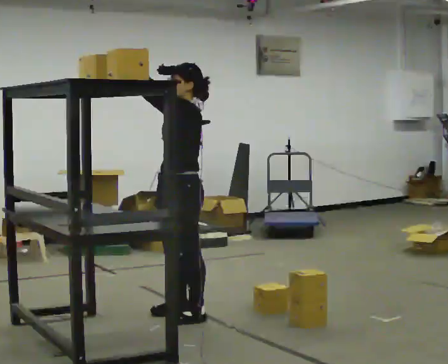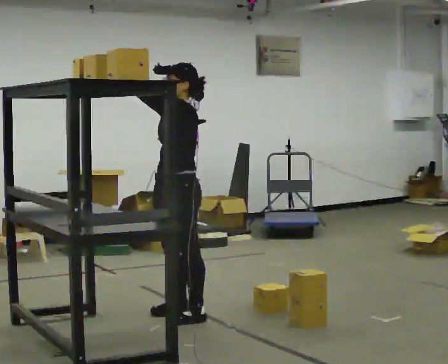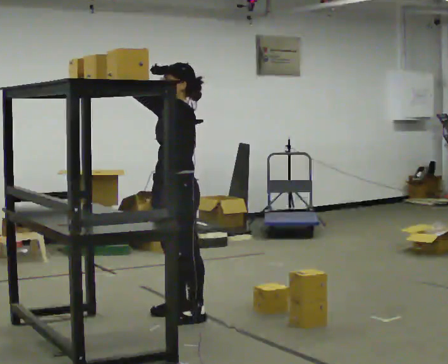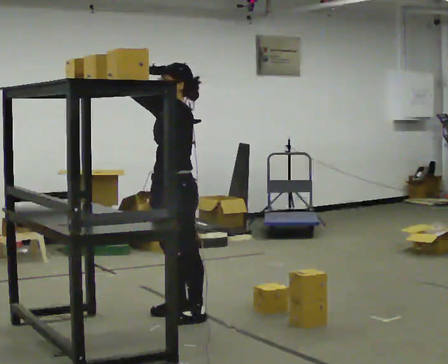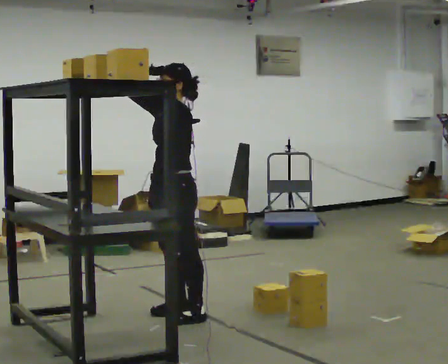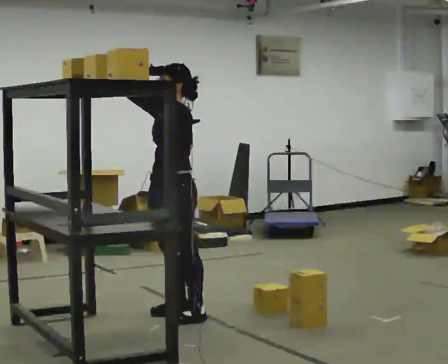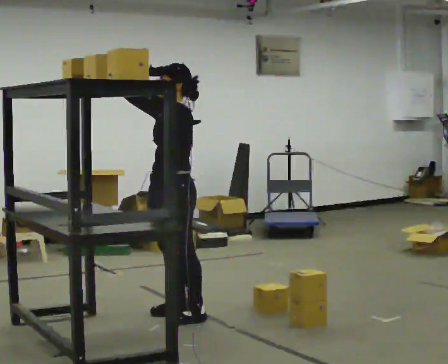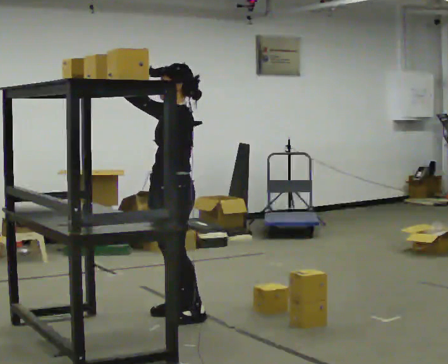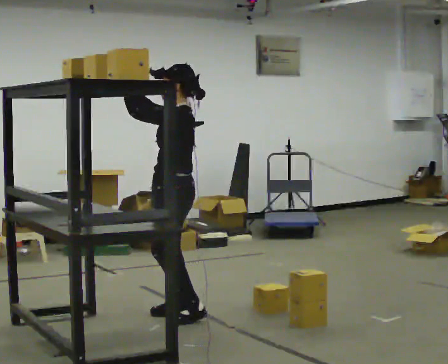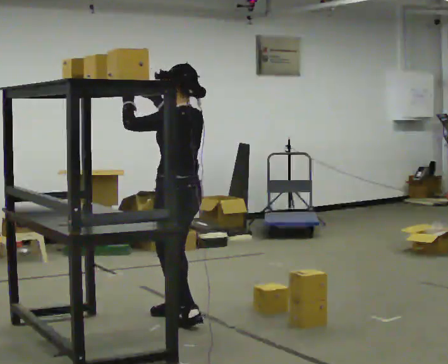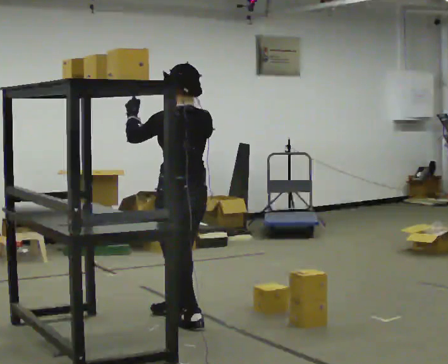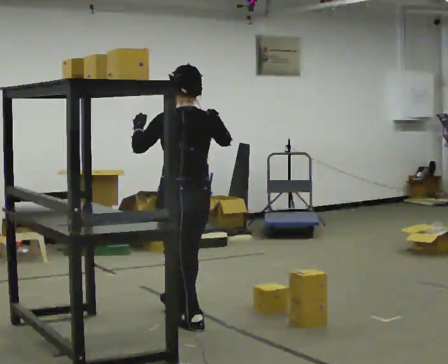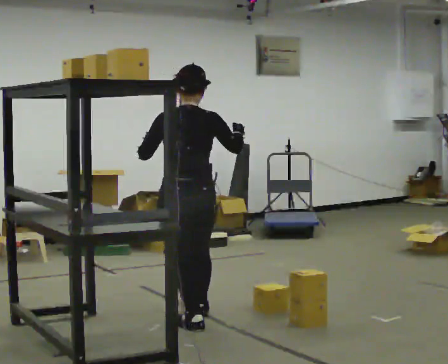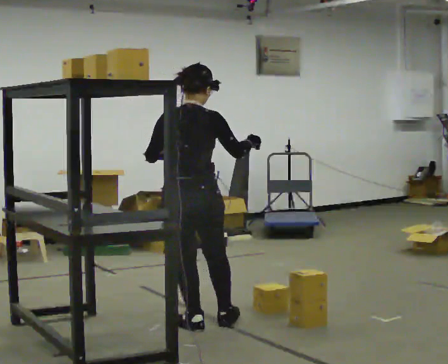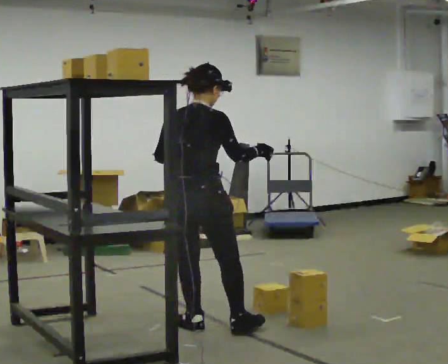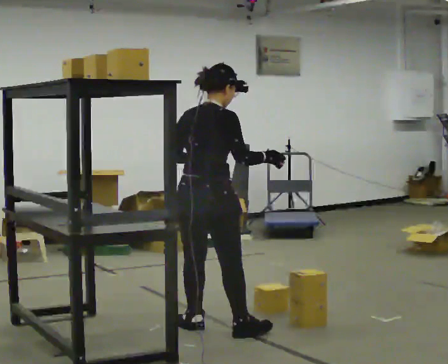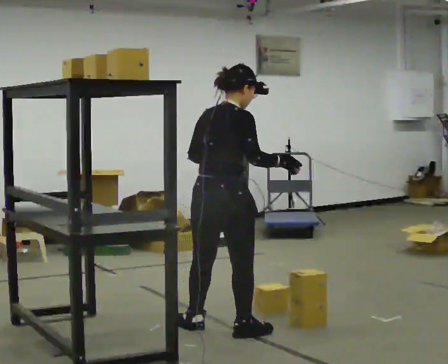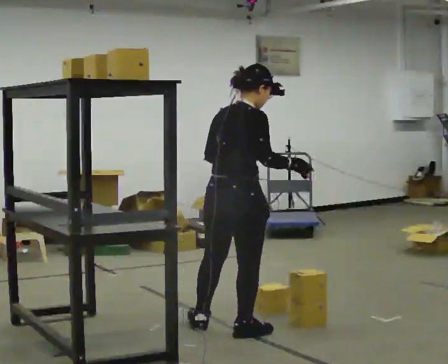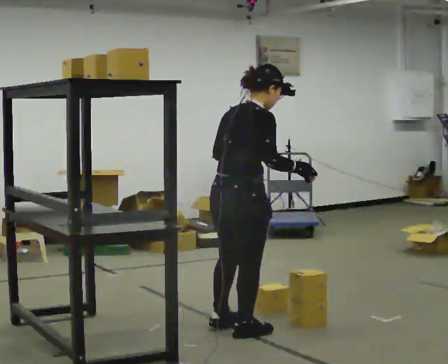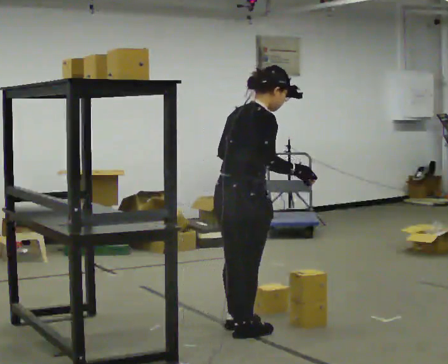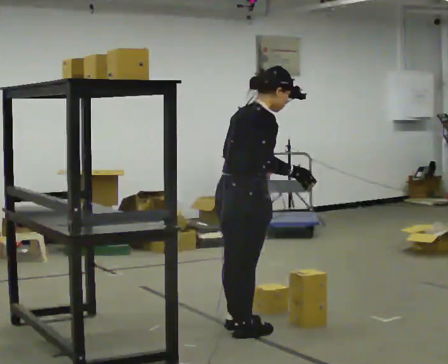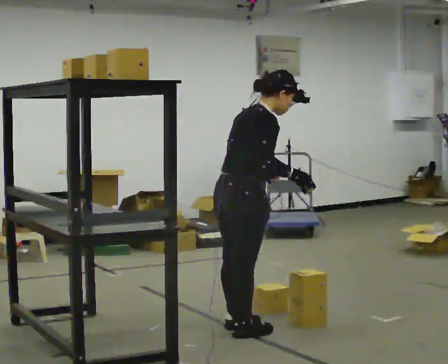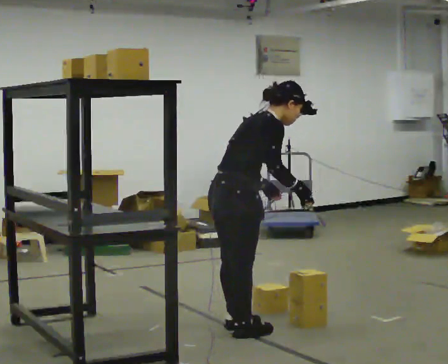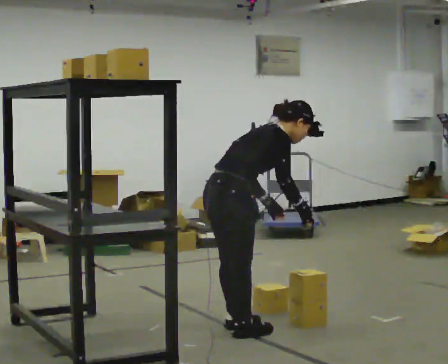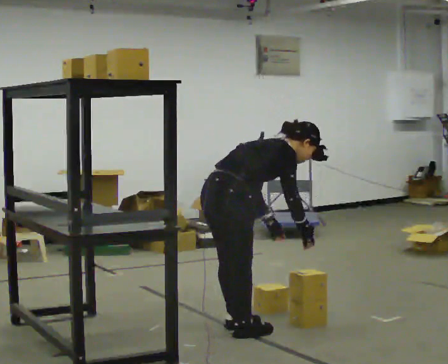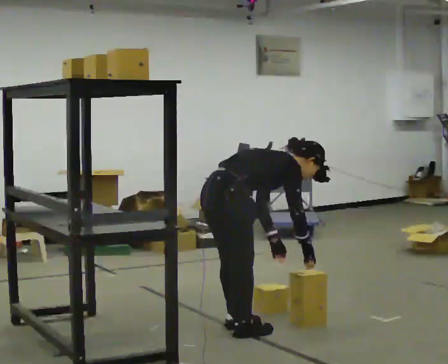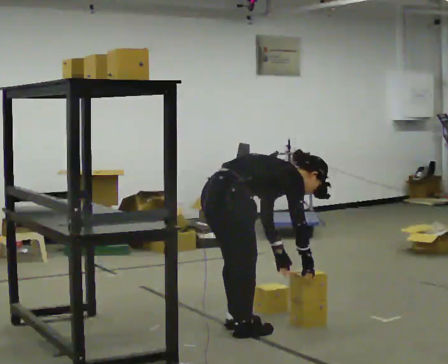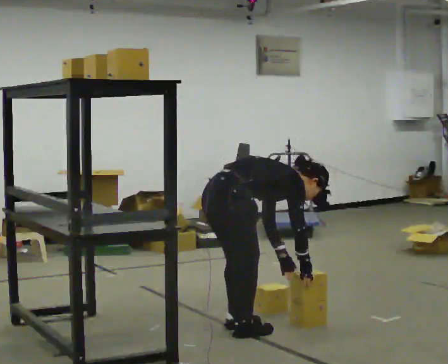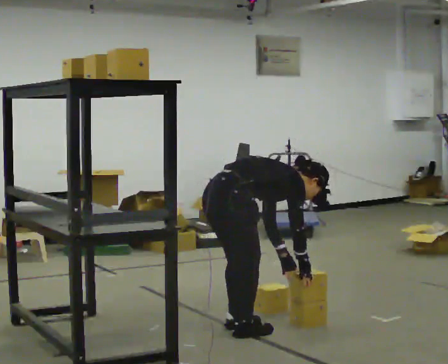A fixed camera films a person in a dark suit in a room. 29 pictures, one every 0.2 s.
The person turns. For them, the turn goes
to their right.
The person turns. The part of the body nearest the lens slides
to the left.
0.0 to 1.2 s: The person moves a little, or ends about where they began.
1.2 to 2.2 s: Seen from above the body turns clockwise, about 75 degrees: to their right, with its near side sliding to the left. In the picture they go toward the camera, about 0.25 m in 1 step. In the picture their right hand goes to the right.
2.2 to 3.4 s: The person turns about 60 degrees to their right, clockwise seen from above, so the part of the body nearest the lens slides to the left. In the picture they go to the right and toward the camera, about 0.25 m in 1 step.
3.4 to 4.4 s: Seen from above the body turns clockwise, about 30 degrees: to their right, with its near side sliding to the left. In the picture the upper body tilts clockwise, shoulders to the right, as they bend forward.
4.4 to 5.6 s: The upper body goes downward. In the picture the upper body tilts clockwise, shoulders to the right, as they bend forward. In the picture their right hand goes downward.
The film runs forward here.
